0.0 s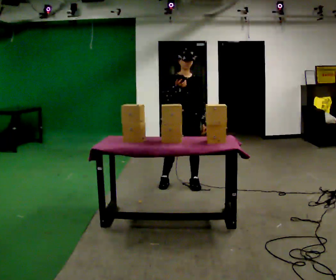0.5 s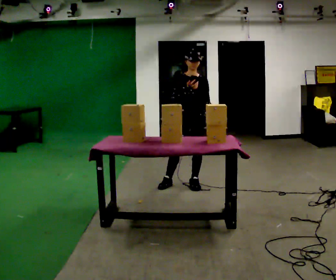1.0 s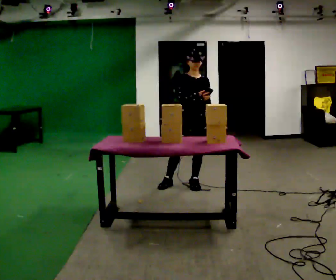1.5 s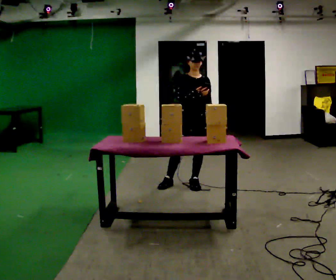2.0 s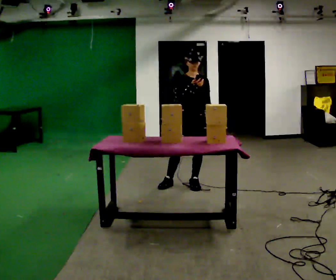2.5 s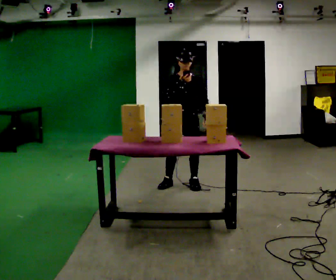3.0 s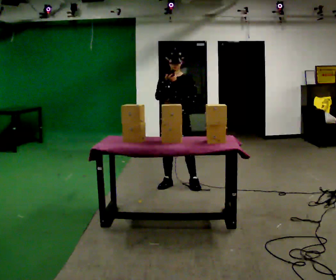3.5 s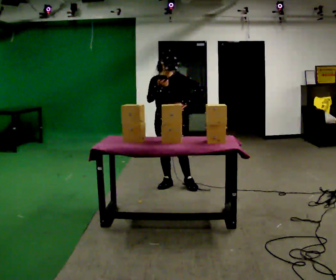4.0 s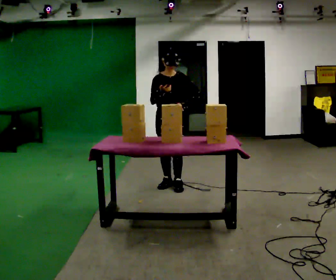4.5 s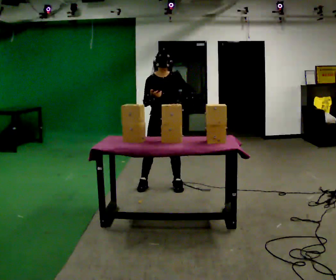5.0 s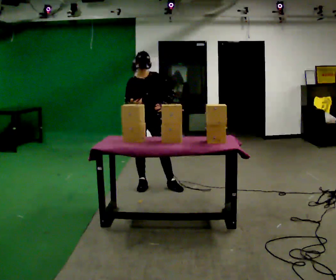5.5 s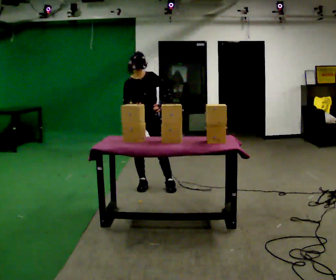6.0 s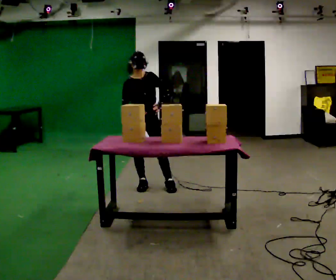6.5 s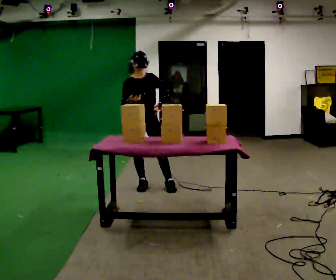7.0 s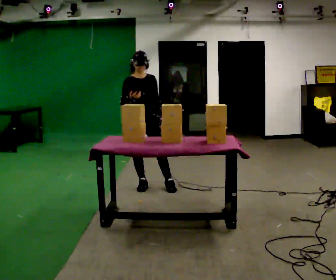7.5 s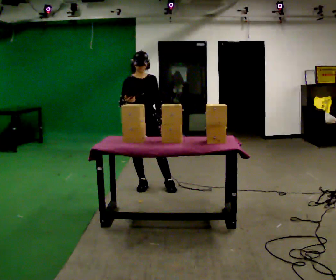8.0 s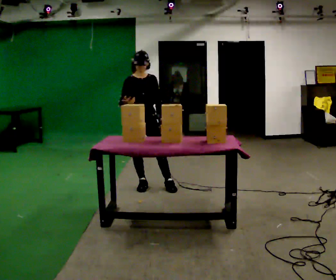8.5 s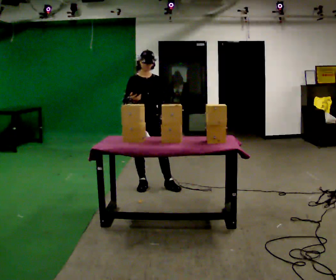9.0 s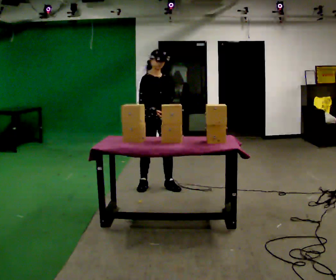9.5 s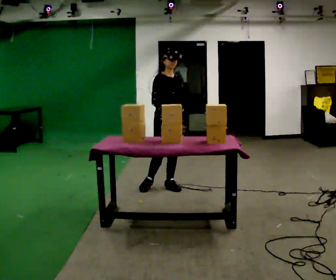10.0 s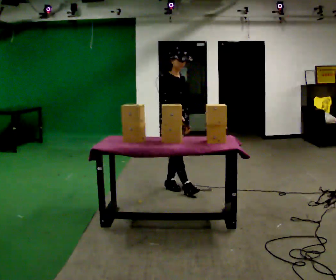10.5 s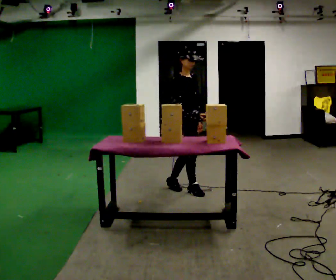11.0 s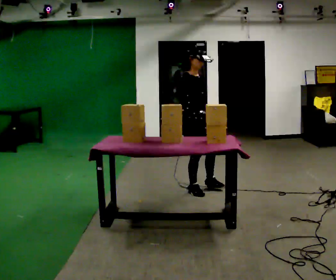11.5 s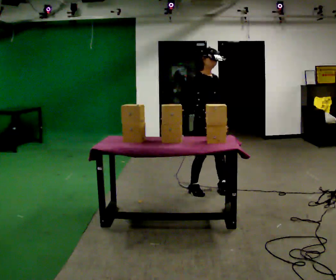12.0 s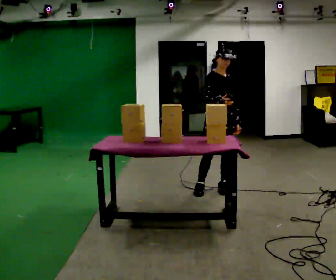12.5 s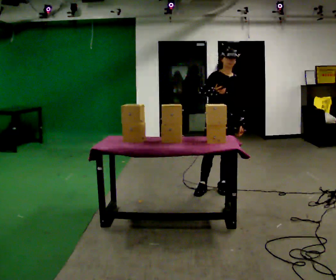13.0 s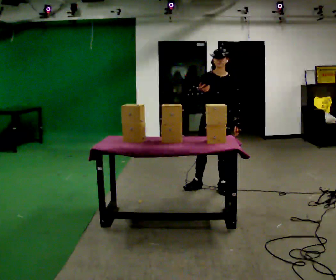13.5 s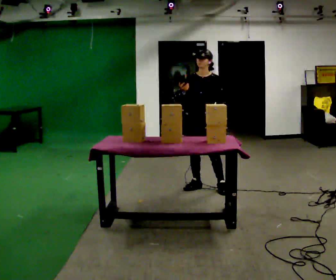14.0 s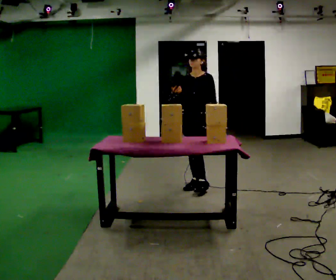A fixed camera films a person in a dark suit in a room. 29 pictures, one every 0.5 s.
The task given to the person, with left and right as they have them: Carry the handheld device and, while walking, point it at the labels on the shelves and press the button as if scanning them.
0.0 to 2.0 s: The person moves a little, or ends about where they began.
2.0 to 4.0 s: In the picture they go to the left, about 0.25 m in 1 step, which for them is to their right.
4.0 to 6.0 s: In the picture they go to the left, about 0.25 m in 1 step, which for them is to their right.
6.0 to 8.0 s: The person moves a little, or ends about where they began.
8.0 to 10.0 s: Seen from above the body turns counterclockwise, about 30 degrees: to their left, with its near side sliding to the right. In the picture they go to the right, about 0.25 m, which for them is to their left and forward.
10.0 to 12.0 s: In the picture they go to the right and toward the camera, about 0.5 m in 2 steps, which for them is forward and to their left.
12.0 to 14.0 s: Seen from above the body turns clockwise, about 60 degrees: to their right, with its near side sliding to the left. In the picture they go away from the camera and to the left, about 0.25 m, which for them is to their right.
The film runs forward here.
